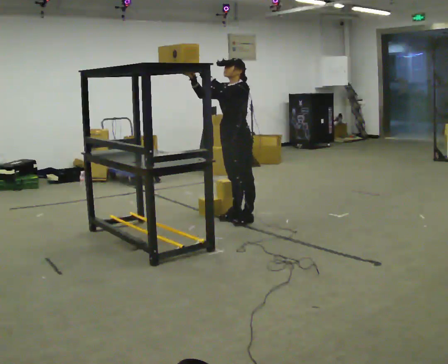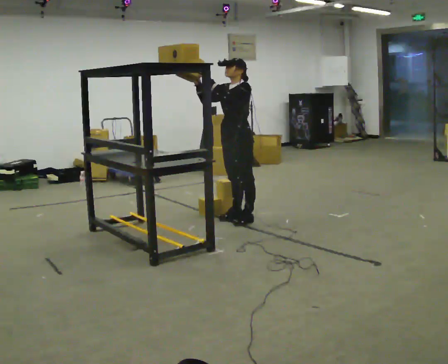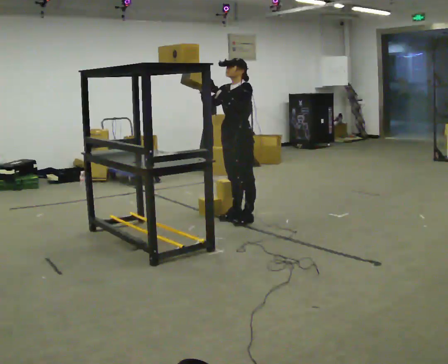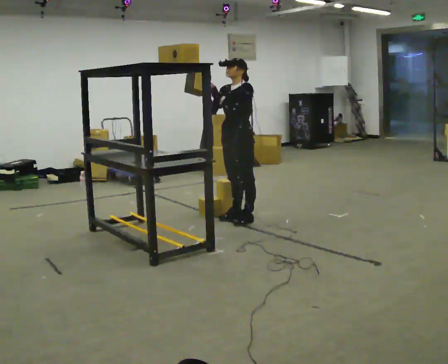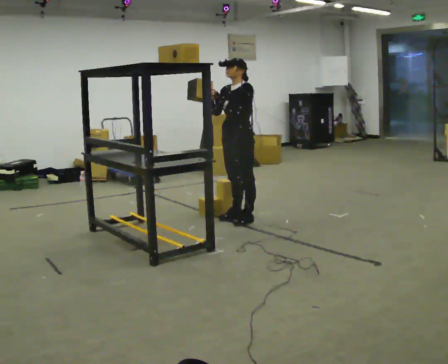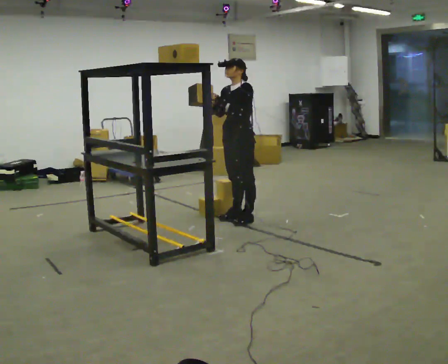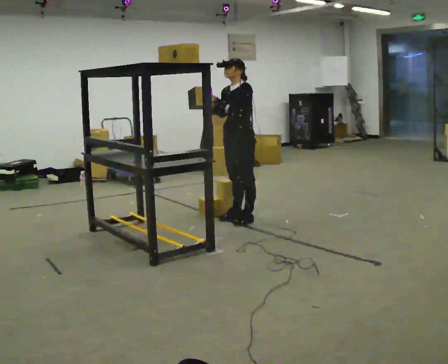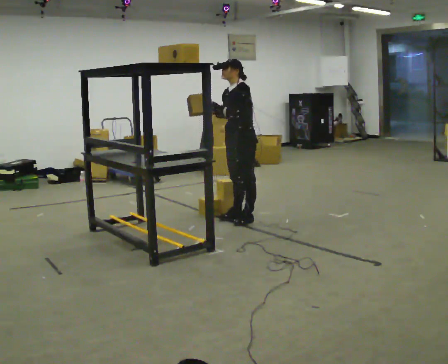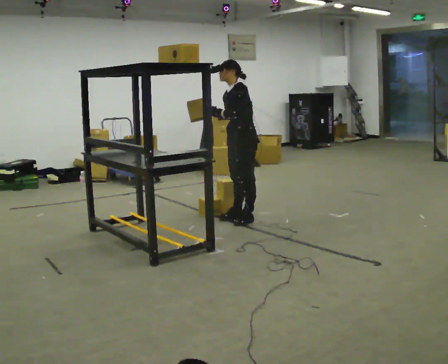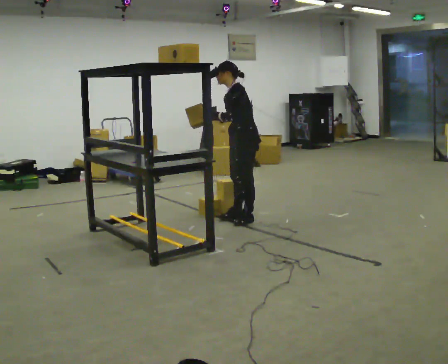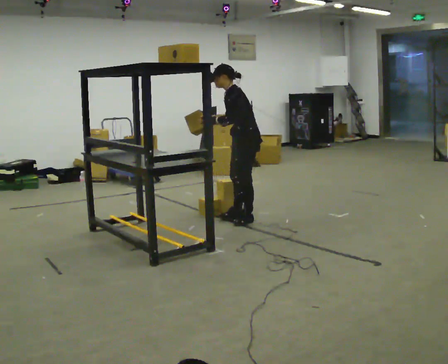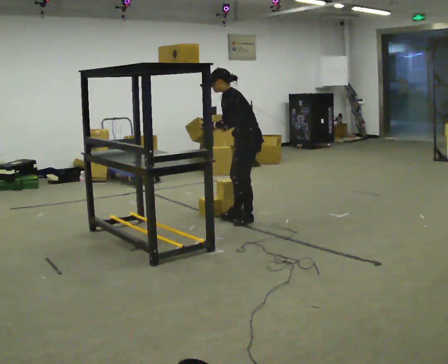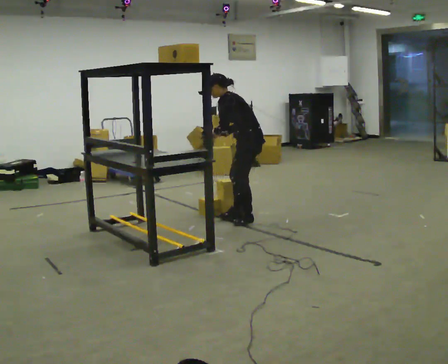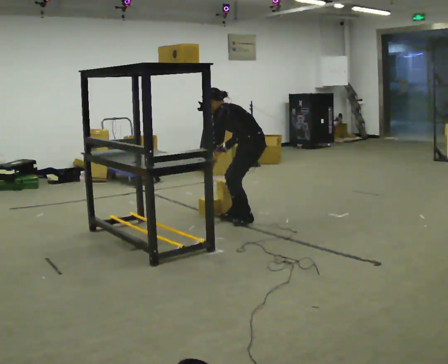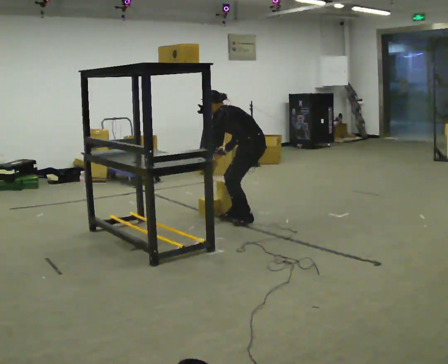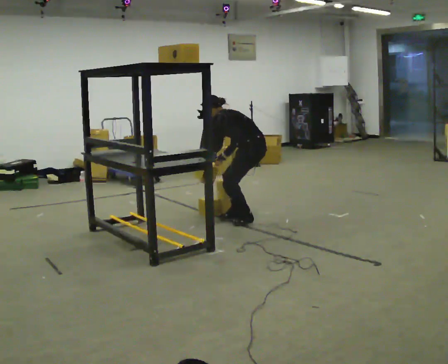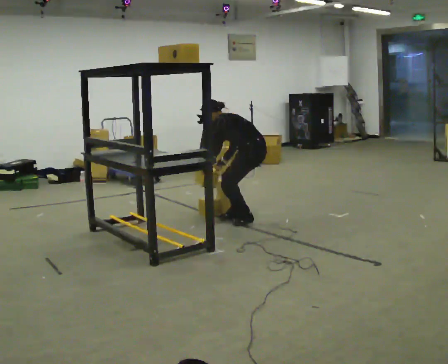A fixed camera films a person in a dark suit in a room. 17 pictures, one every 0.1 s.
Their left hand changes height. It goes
downward.
The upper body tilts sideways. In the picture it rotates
counterclockwise.
0.0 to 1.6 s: The person turns about 60 degrees to their right, clockwise seen from above, so the part of the body nearest the lens slides to the left. In the picture they go to the right, about 0.25 m, which for them is to their left. The upper body goes downward. In the picture the upper body tilts counterclockwise, shoulders to the left, as they bend forward. In the picture their right hand goes downward.
The film runs backward here.
